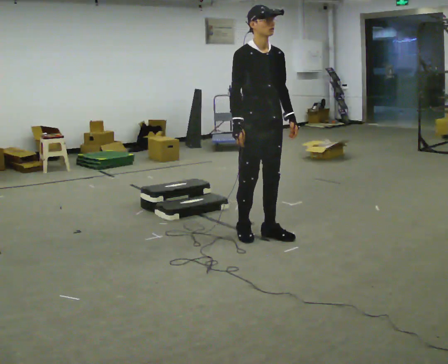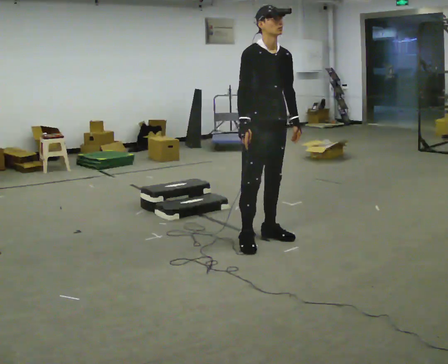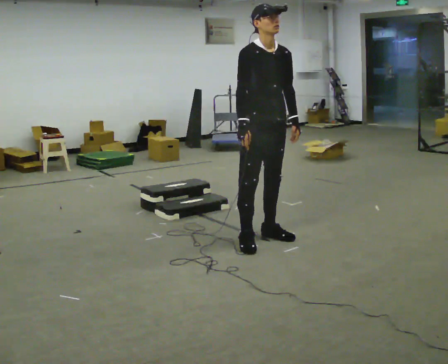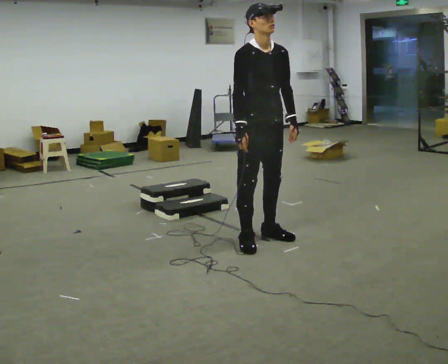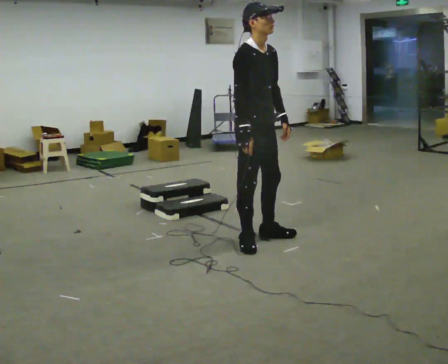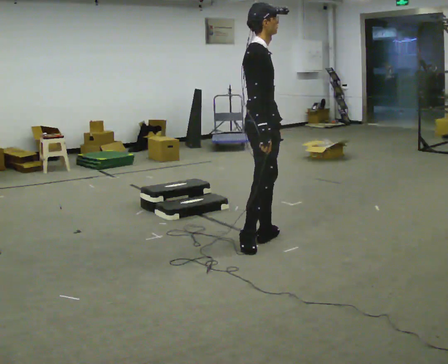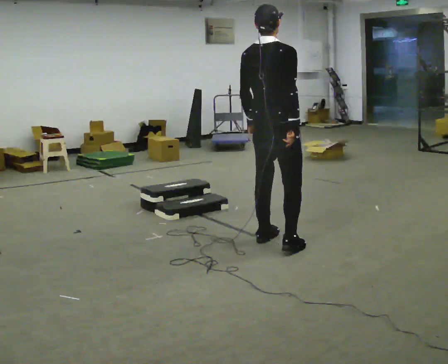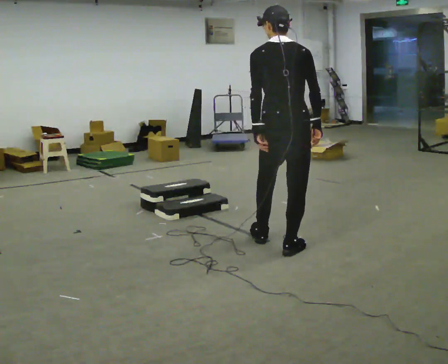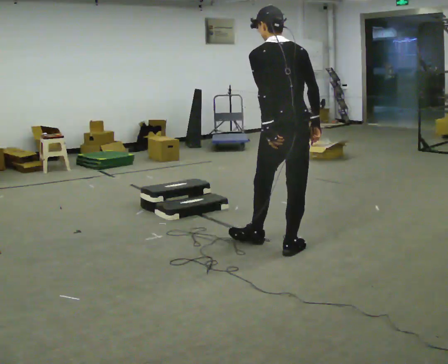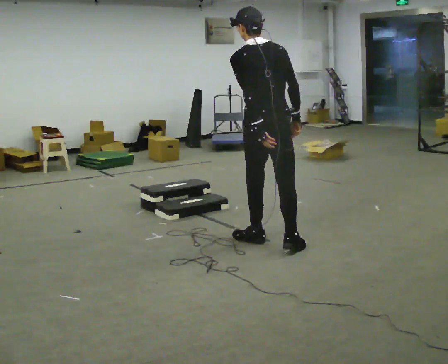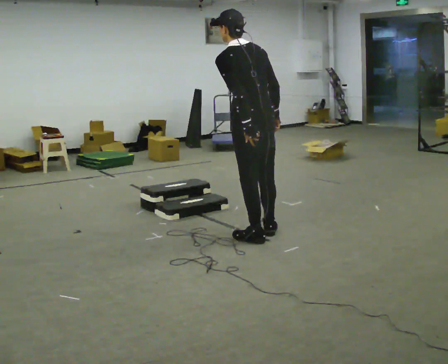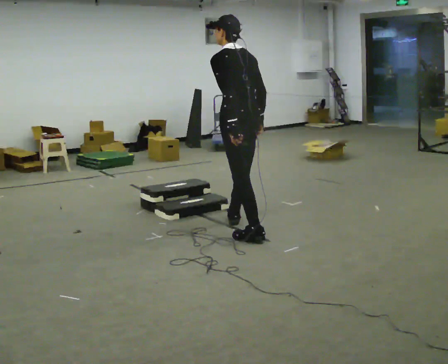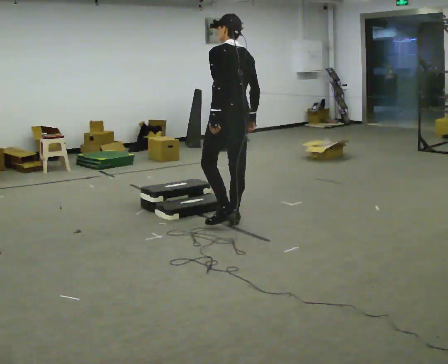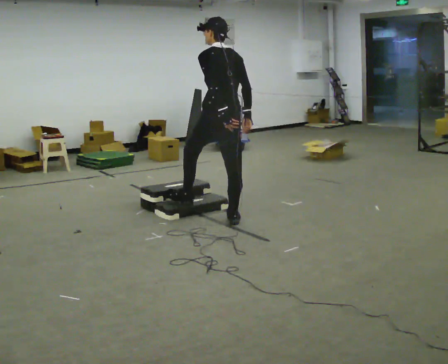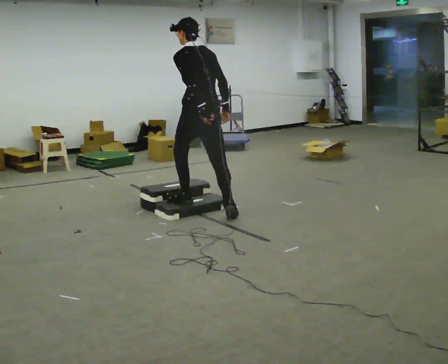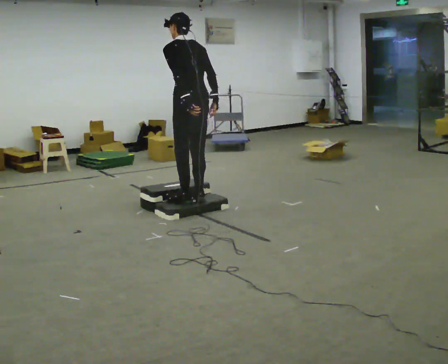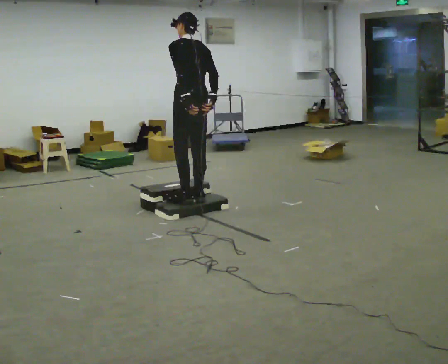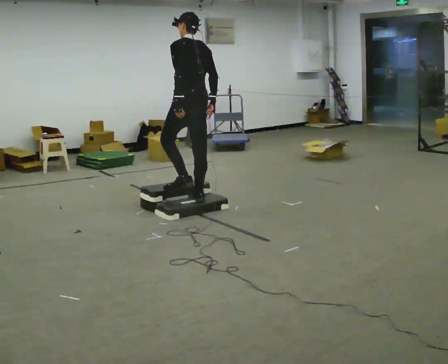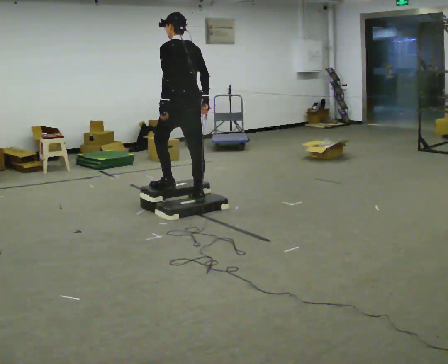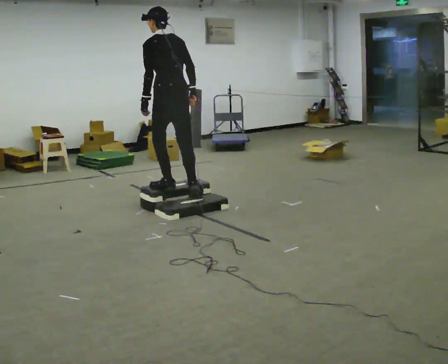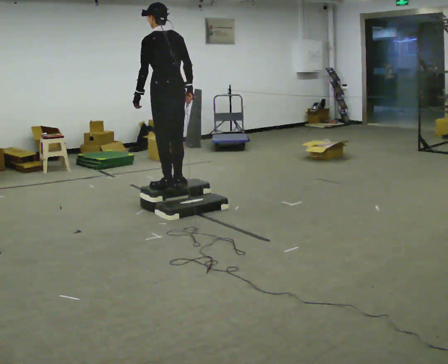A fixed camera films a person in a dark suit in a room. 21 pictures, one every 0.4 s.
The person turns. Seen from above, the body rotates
counterclockwise.
The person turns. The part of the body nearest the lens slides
to the right.
0.0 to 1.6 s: The part of the body nearest the lens slides to the right as the person turns to their left by about 30 degrees. In the picture they go toward the camera, about 0.25 m in 1 step, which for them is to their right and forward.
1.6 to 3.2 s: The person turns about 135 degrees to their left, counterclockwise seen from above, so the part of the body nearest the lens slides to the right. In the picture they go to the right, about 0.25 m in 1 step. In the picture the upper body tilts counterclockwise, shoulders to the left.
3.2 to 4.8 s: In the picture they go away from the camera and to the left, about 0.5 m in 1 step, which for them is forward.
4.8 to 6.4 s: In the picture they go away from the camera and to the left, about 0.5 m in 2 steps, which for them is forward.
6.4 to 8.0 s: In the picture they go to the left, about 0.25 m in 2 steps, which for them is forward and to their left. In the picture their left hand goes to the left.
The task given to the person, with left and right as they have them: Walk up the three steps, turn at the top, and walk back down at a comfortable speed. Use the handrail only if you need it.
The film runs forward here.
